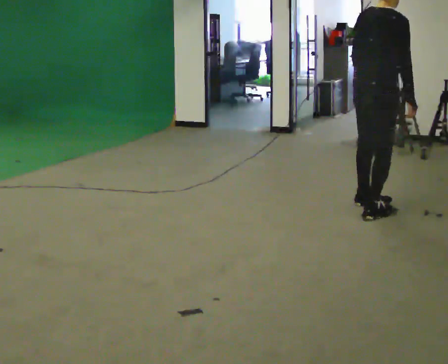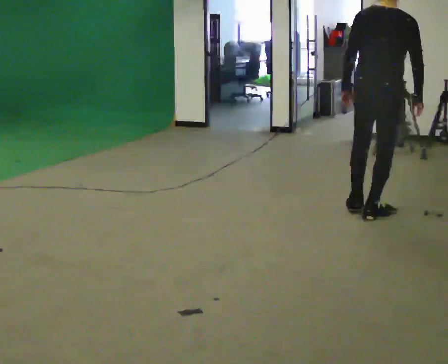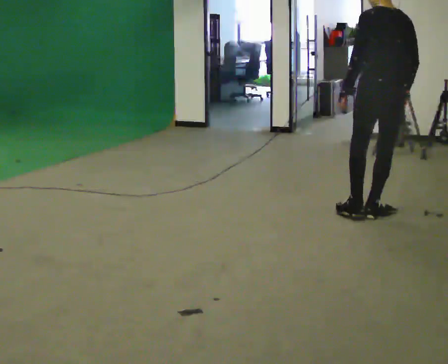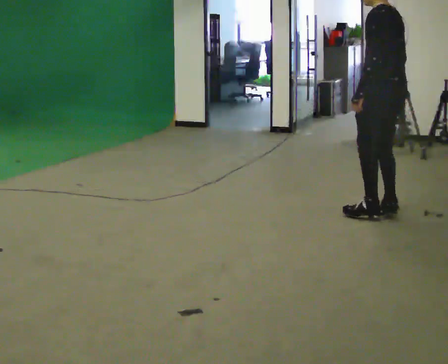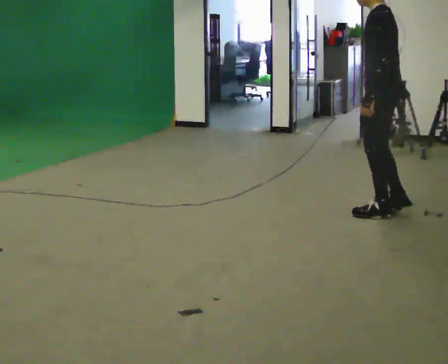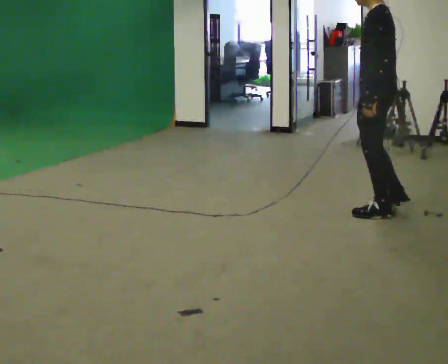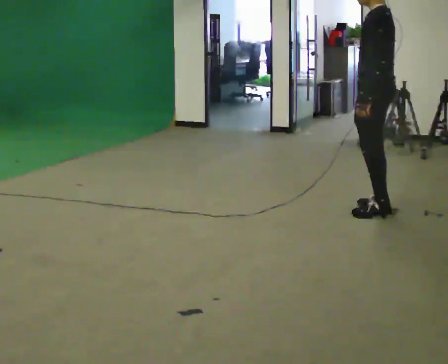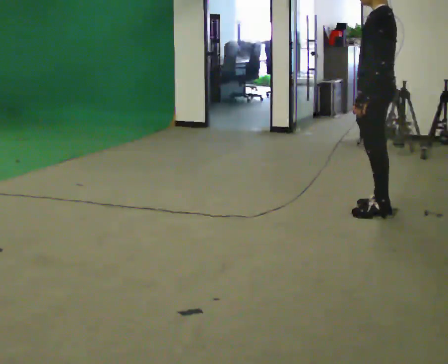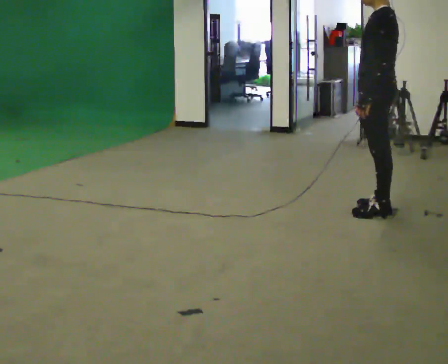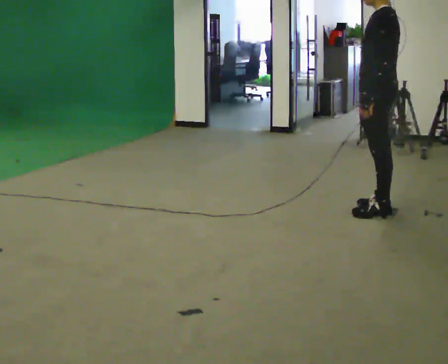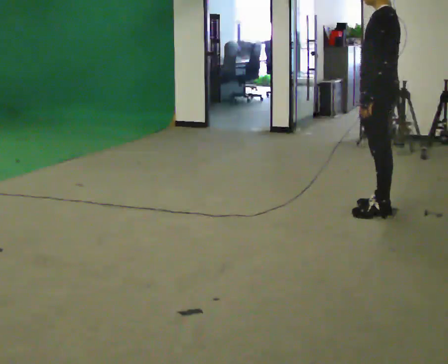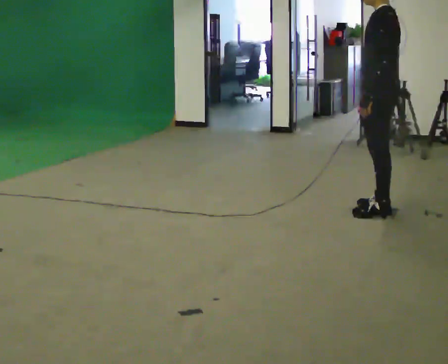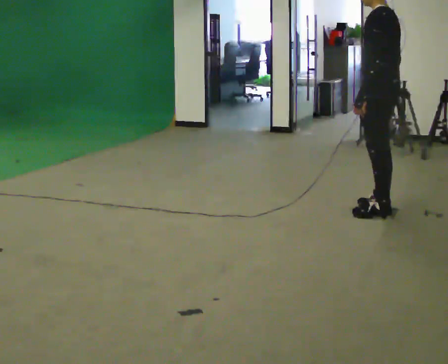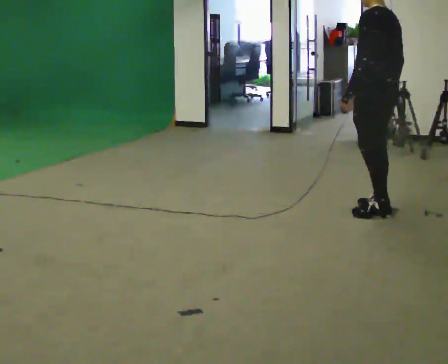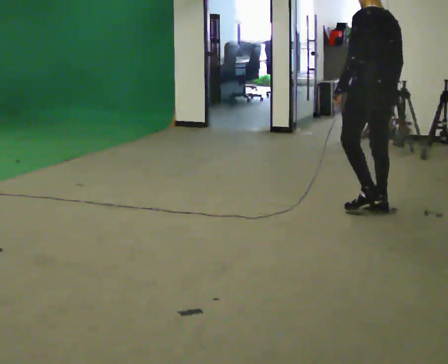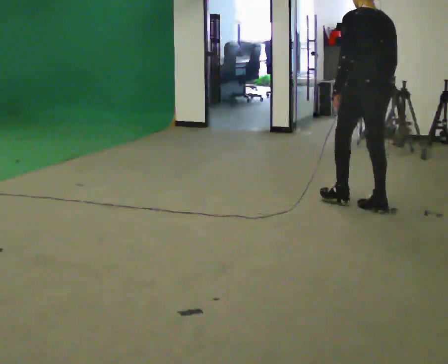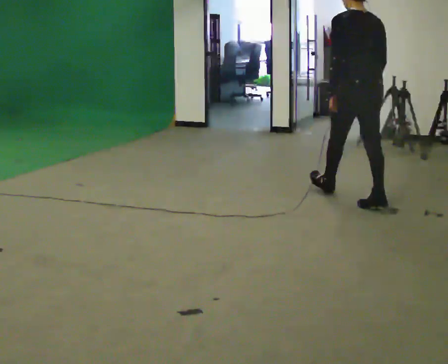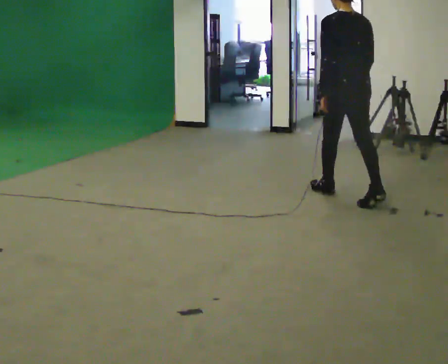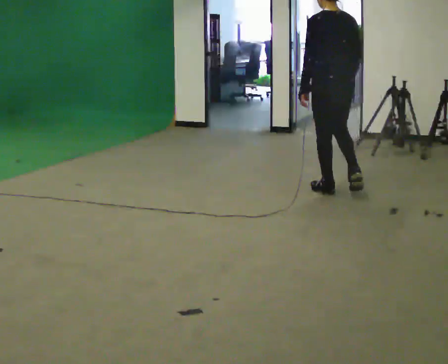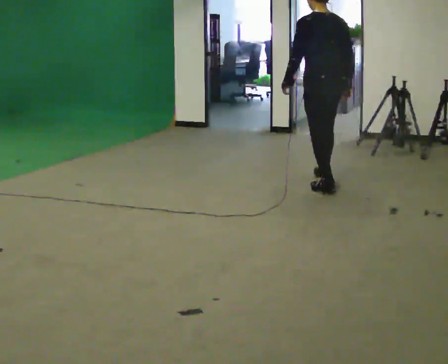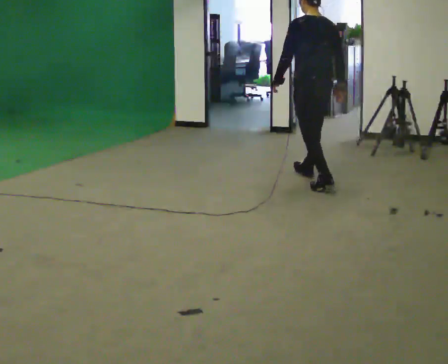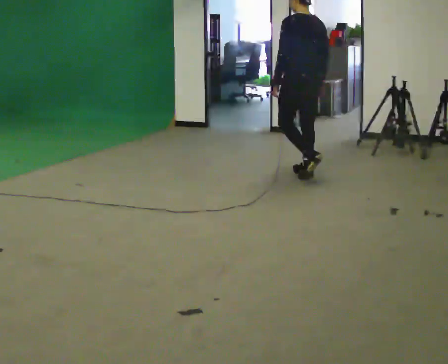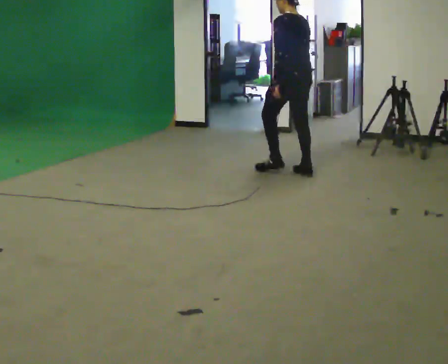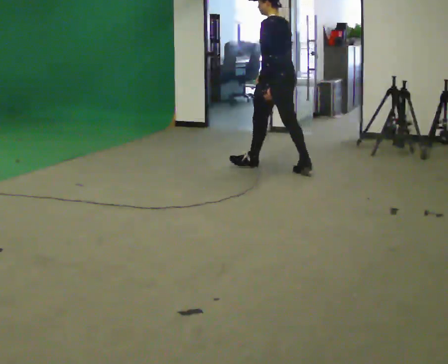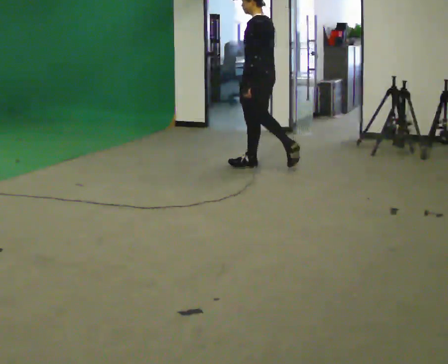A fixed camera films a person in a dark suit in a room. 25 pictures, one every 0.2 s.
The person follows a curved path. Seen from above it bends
counterclockwise.
0.0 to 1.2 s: The person turns about 135 degrees to their left, counterclockwise seen from above, so the part of the body nearest the lens slides to the right.
1.2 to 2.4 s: The person moves a little, or ends about where they began.
2.4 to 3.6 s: Seen from above the body turns clockwise, about 45 degrees: to their right, with its near side sliding to the left. In the picture they go away from the camera and to the left, about 0.5 m in 1 step, which for them is forward.
3.6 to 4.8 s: Seen from above the body turns counterclockwise, about 45 degrees: to their left, with its near side sliding to the right. In the picture they go to the left and away from the camera, about 1 m in 2 steps, which for them is forward.
The film runs forward here.
